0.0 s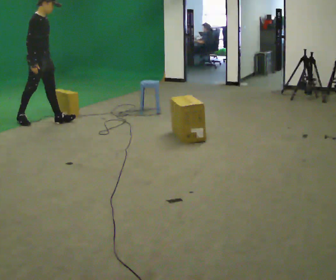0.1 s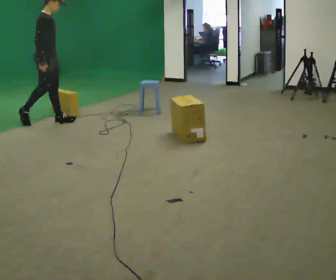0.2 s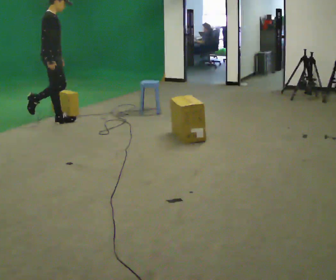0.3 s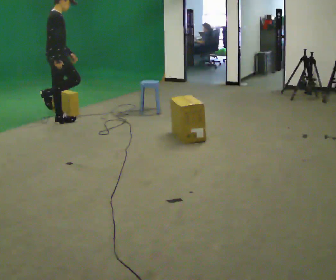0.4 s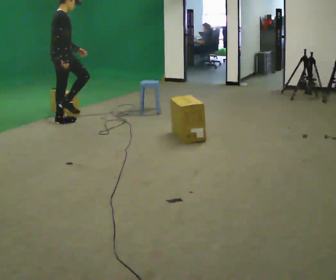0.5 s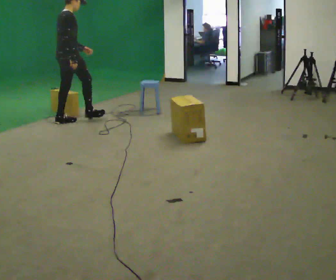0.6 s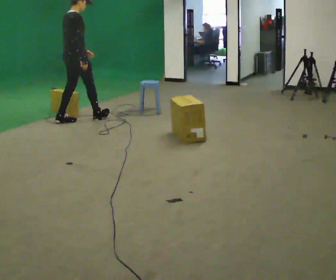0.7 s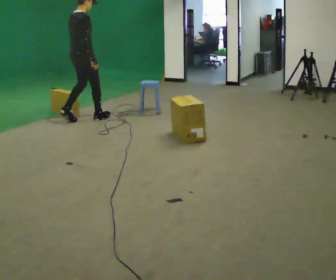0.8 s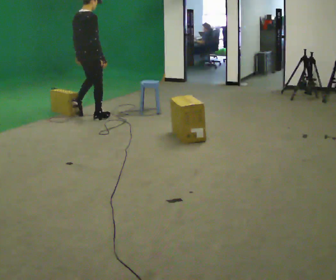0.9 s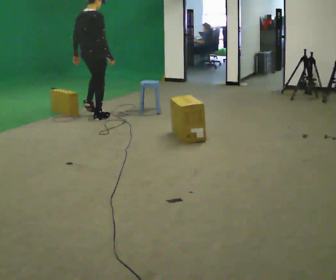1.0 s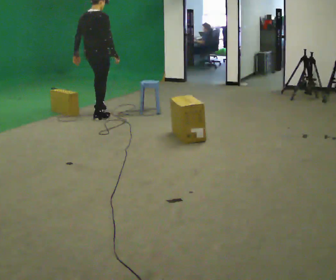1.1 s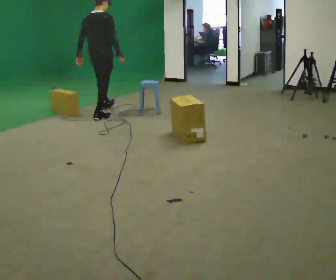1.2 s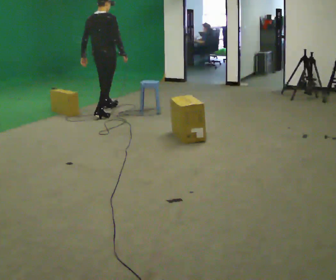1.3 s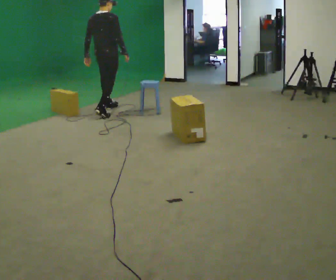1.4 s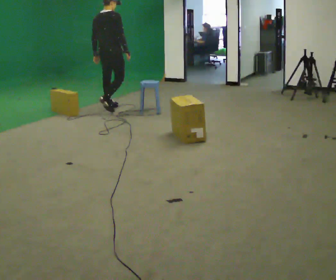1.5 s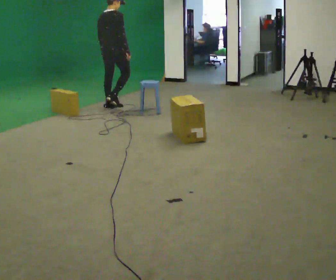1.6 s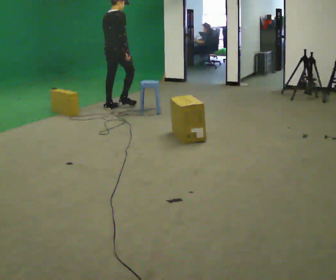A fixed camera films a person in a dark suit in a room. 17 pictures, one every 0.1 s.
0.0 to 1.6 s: Seen from above the body turns counterclockwise, about 60 degrees: to their left, with its near side sliding to the right. In the picture they go to the right and away from the camera, about 1 m in 2 steps.
The film runs forward here.
